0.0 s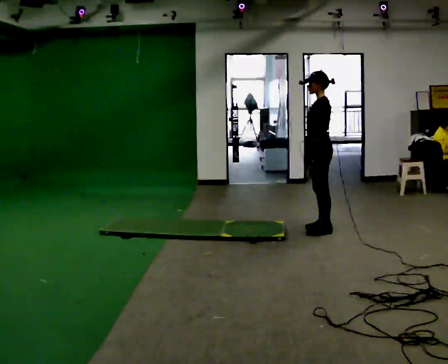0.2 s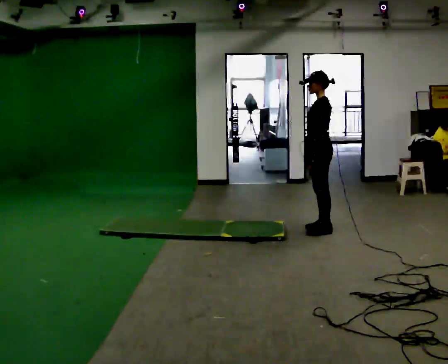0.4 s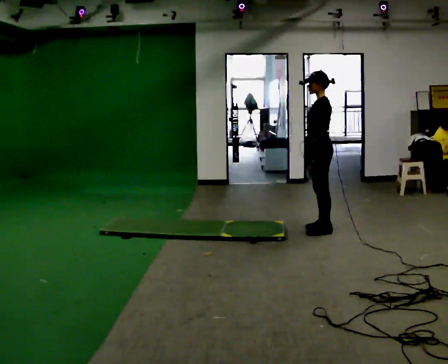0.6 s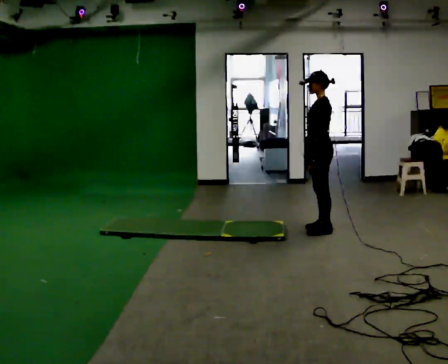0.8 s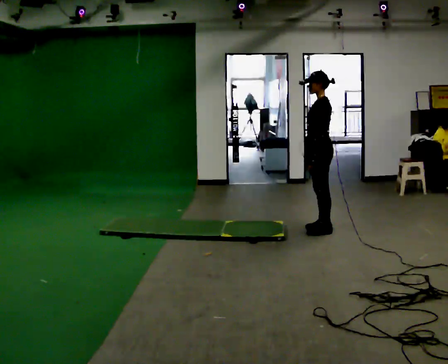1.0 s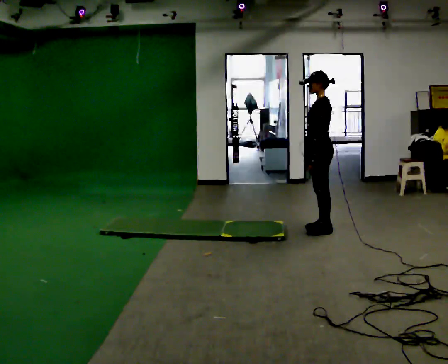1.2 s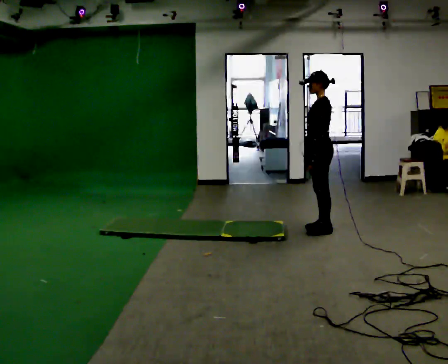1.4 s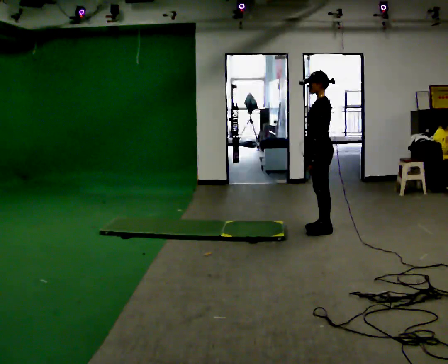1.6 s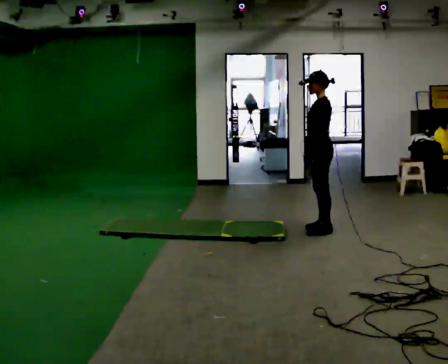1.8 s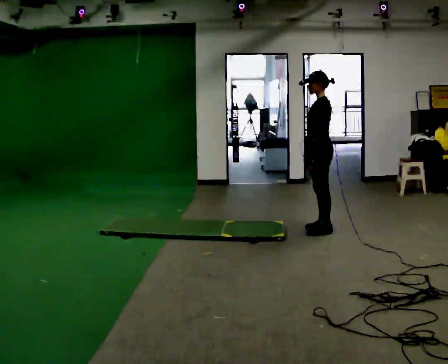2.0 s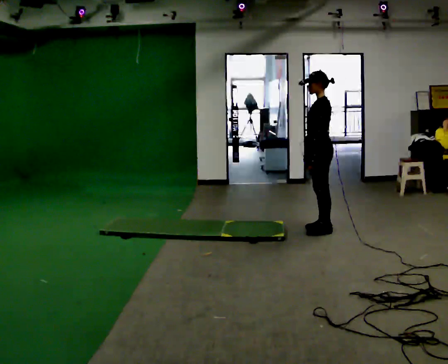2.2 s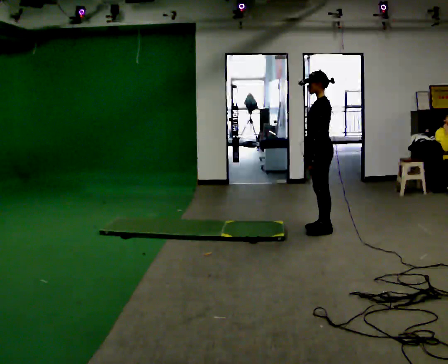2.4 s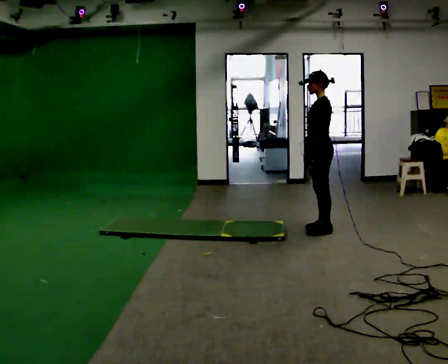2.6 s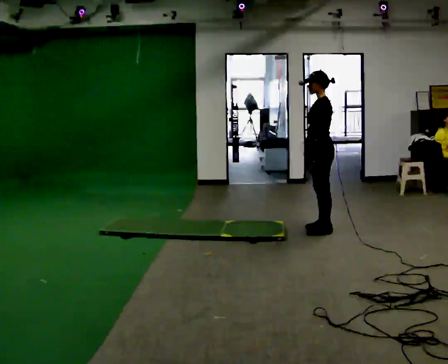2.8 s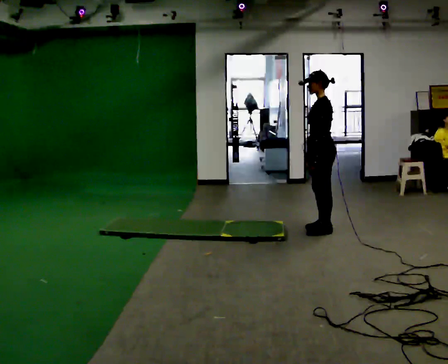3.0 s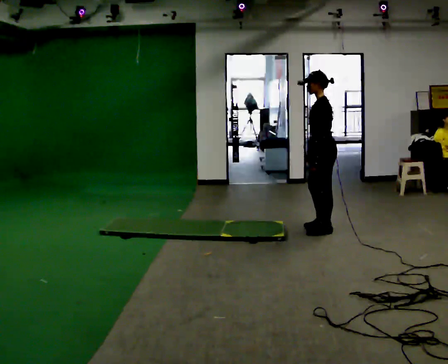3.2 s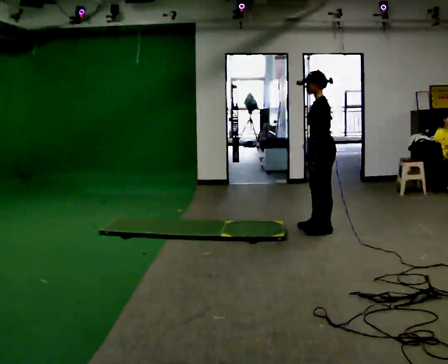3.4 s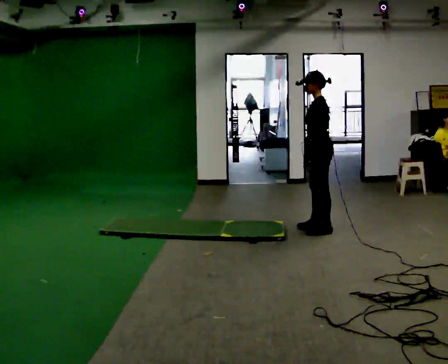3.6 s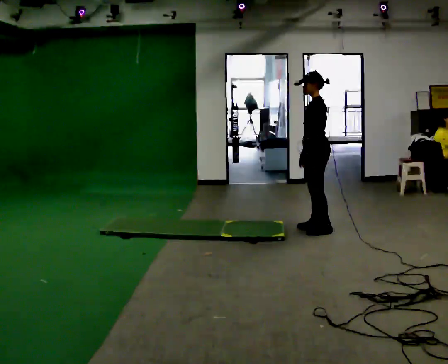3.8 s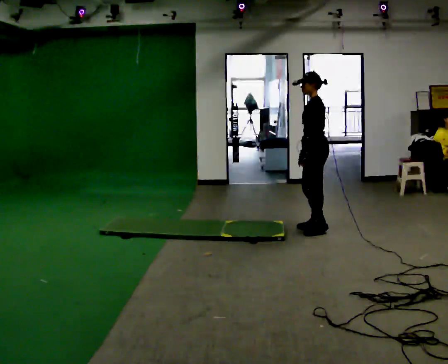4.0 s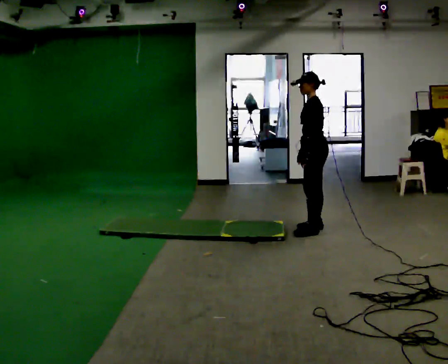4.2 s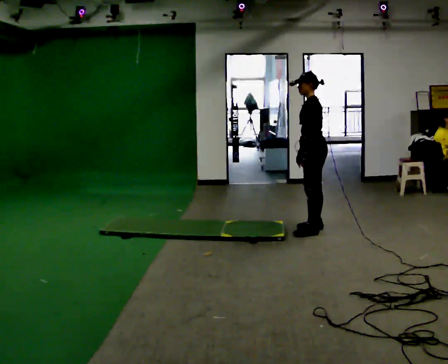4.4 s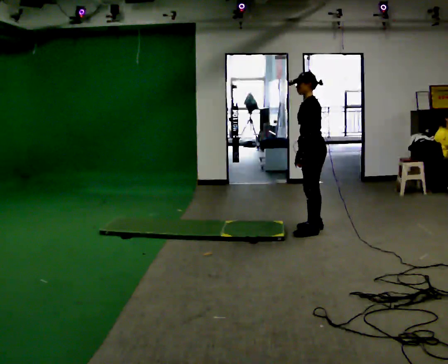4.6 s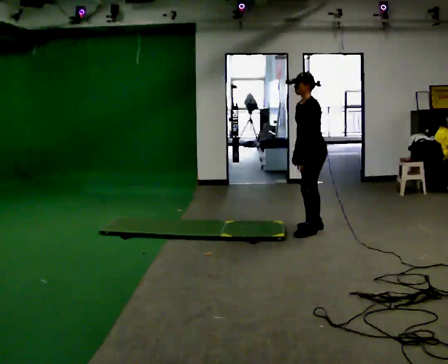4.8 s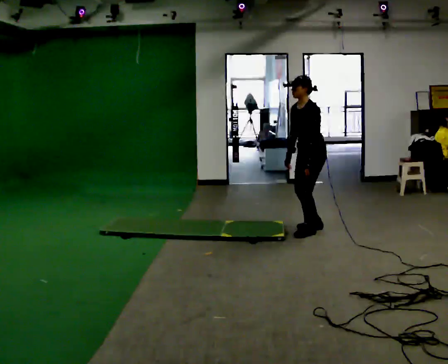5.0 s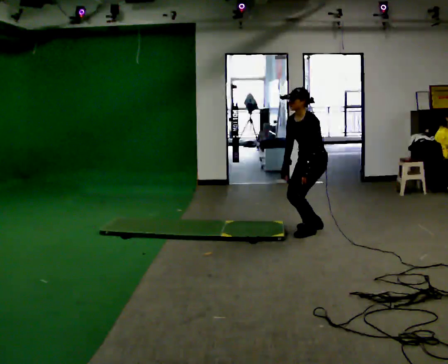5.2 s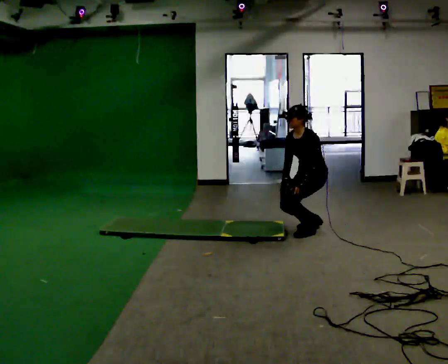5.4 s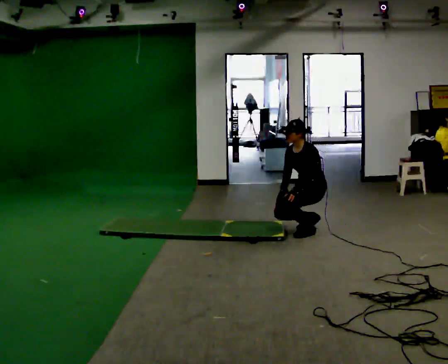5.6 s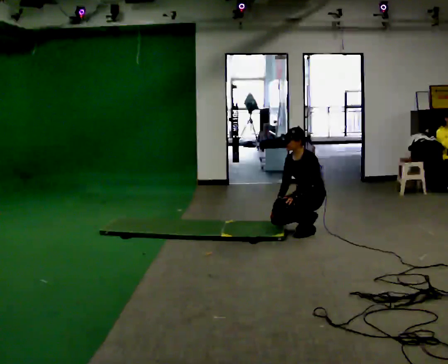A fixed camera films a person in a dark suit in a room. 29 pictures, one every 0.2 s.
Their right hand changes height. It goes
downward.
The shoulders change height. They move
downward.
0.0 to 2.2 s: The person keeps their place and pose.
2.2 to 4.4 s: The person moves a little, or ends about where they began.
4.4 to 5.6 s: Seen from above the body turns counterclockwise, about 30 degrees: to their left, with its near side sliding to the right. The upper body goes downward. In the picture their right hand goes downward.
The film runs forward here.
